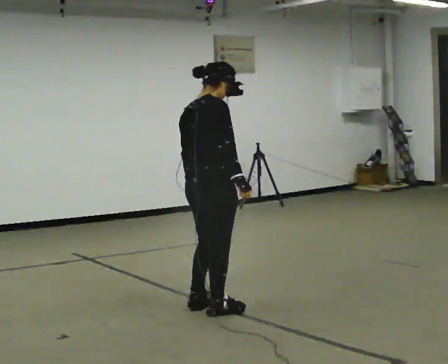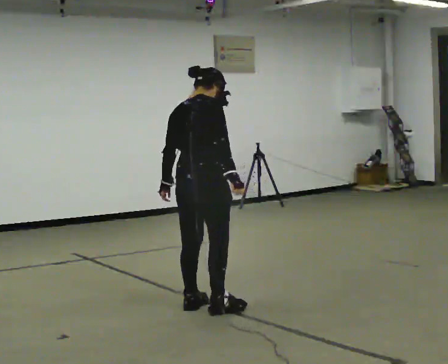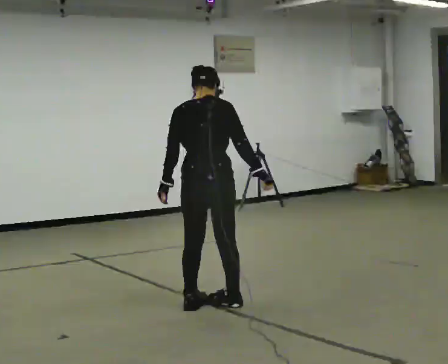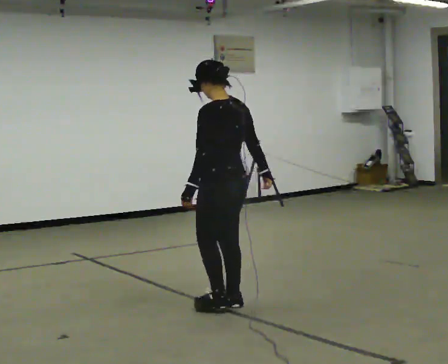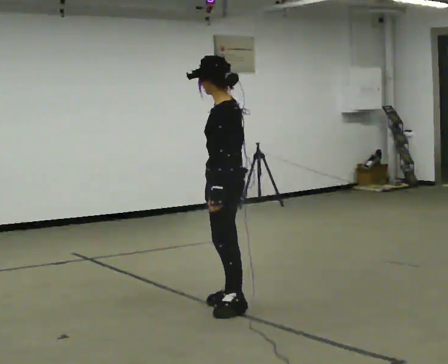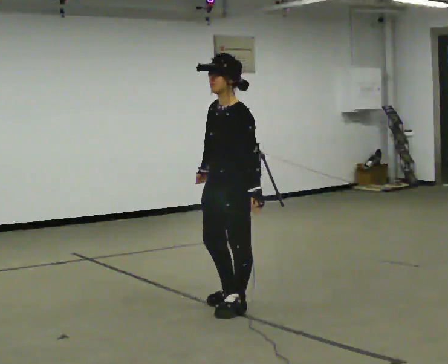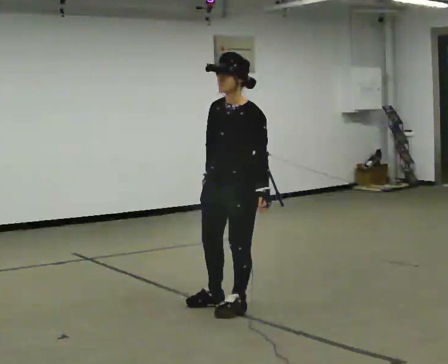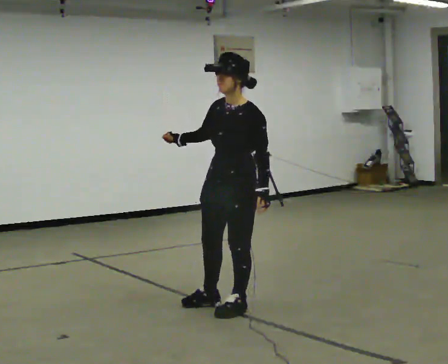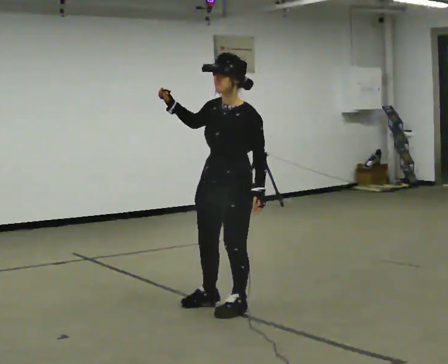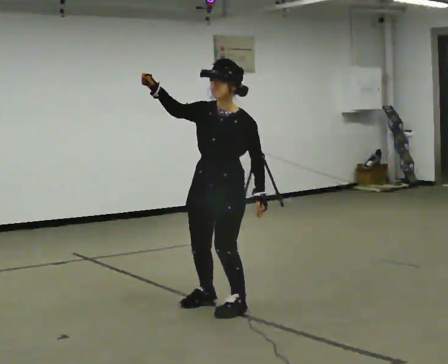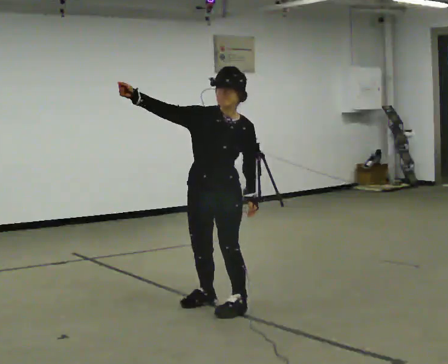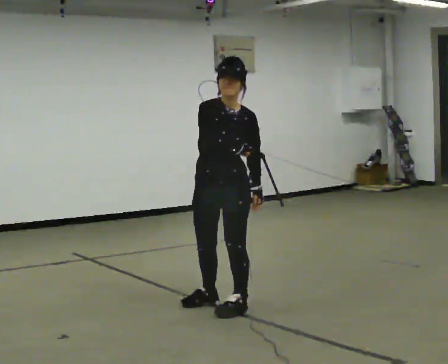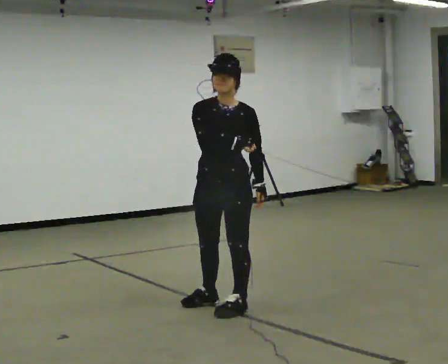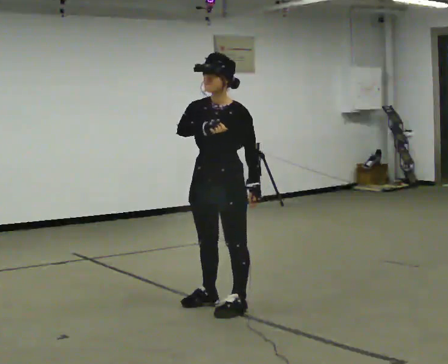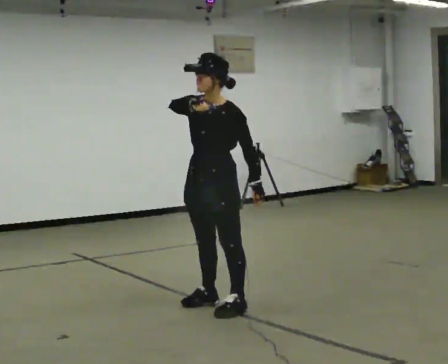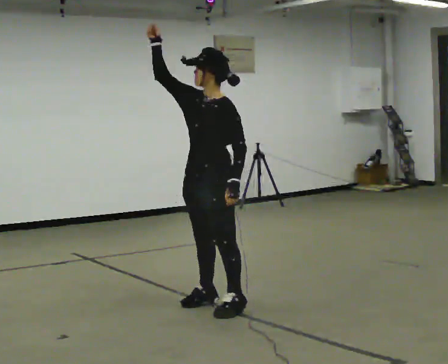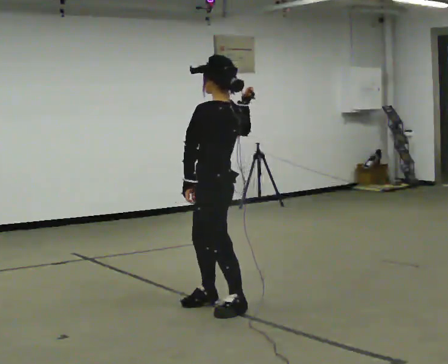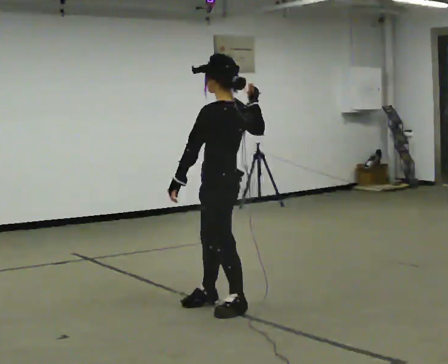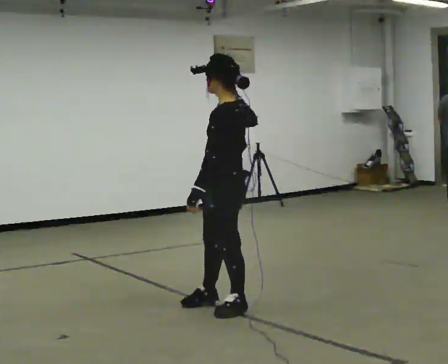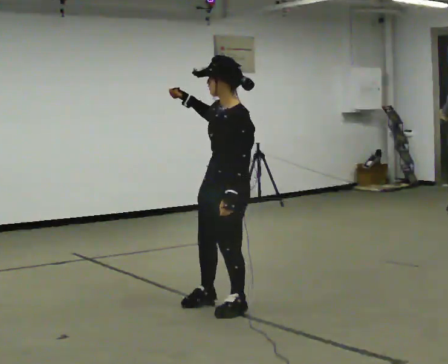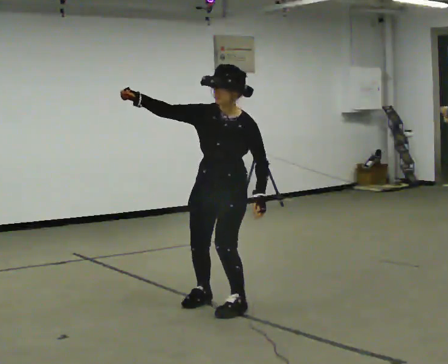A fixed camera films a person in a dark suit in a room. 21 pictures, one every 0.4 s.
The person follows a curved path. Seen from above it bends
counterclockwise.
0.0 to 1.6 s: Seen from above the body turns counterclockwise, about 135 degrees: to their left, with its near side sliding to the right.
1.6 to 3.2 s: Seen from above the body turns counterclockwise, about 60 degrees: to their left, with its near side sliding to the right. In the picture their right hand goes to the left and upward, the arm swinging clockwise.
3.2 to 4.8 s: The part of the body nearest the lens slides to the right as the person turns to their left by about 30 degrees. In the picture their right hand goes to the right.
4.8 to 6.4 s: The person turns about 90 degrees to their right, clockwise seen from above, so the part of the body nearest the lens slides to the left.
6.4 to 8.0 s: The person turns about 75 degrees to their left, counterclockwise seen from above, so the part of the body nearest the lens slides to the right. In the picture their right hand goes to the left.
The film runs backward here.
